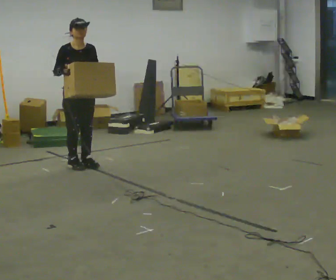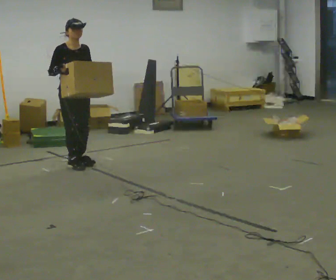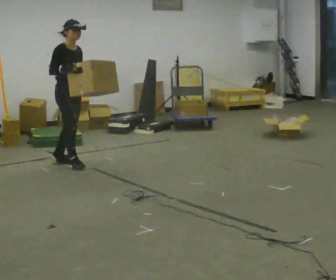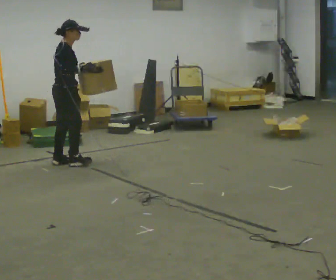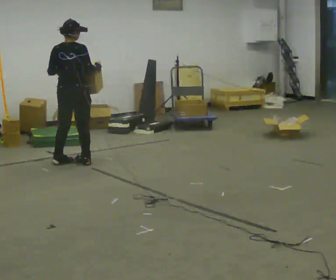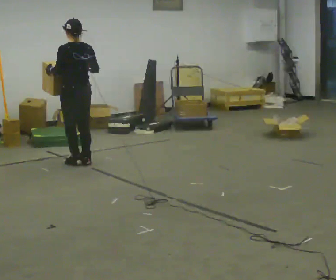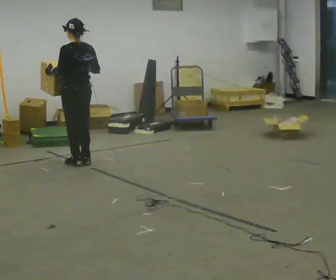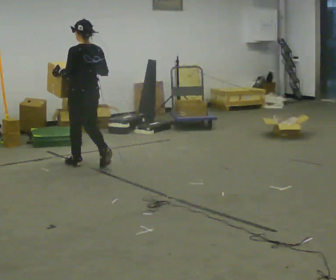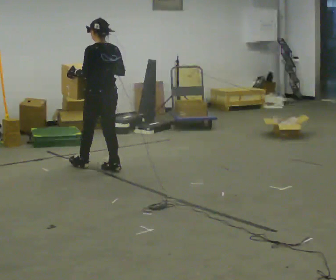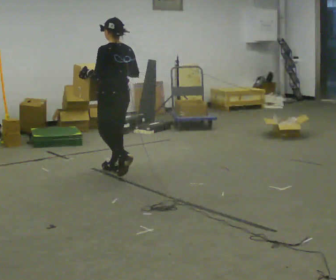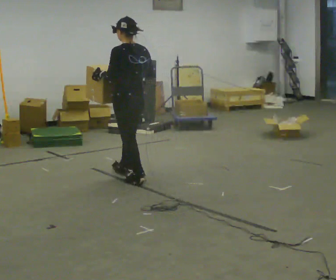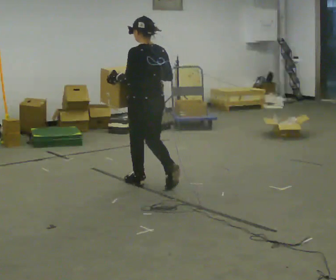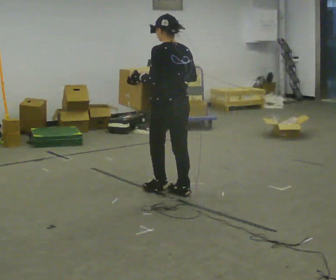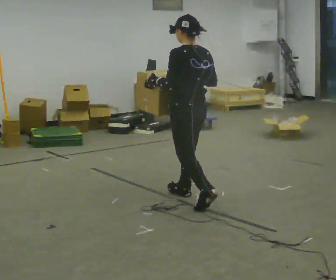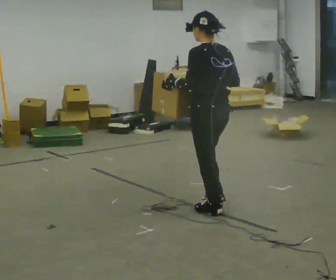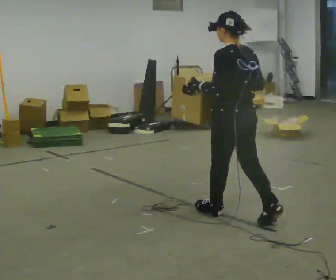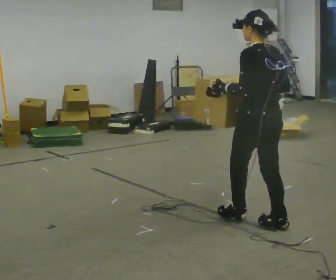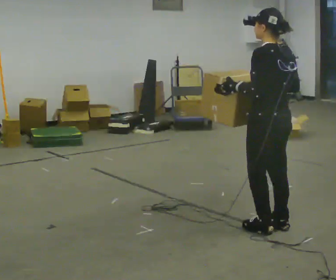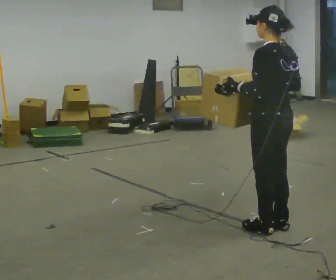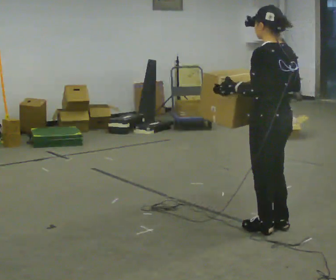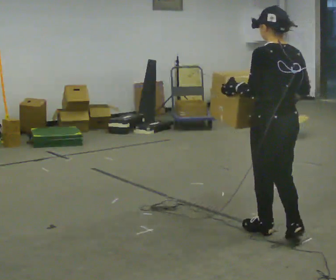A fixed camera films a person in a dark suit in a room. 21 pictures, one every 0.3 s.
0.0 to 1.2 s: The part of the body nearest the lens slides to the right as the person turns to their left by about 135 degrees. In the picture their right hand goes to the right.
1.2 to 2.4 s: The part of the body nearest the lens slides to the right as the person turns to their left by about 60 degrees. In the picture they go to the right and toward the camera, about 0.5 m in 3 steps, which for them is backward.
2.4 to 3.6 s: In the picture they go toward the camera and to the right, about 1 m in 2 steps, which for them is backward.
3.6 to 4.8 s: In the picture they go toward the camera and to the right, about 1 m in 2 steps, which for them is backward.
4.8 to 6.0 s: In the picture they go toward the camera, about 0.25 m in 1 step, which for them is backward and to their left.
The film runs backward here.
